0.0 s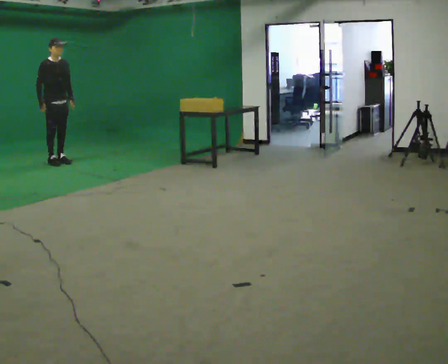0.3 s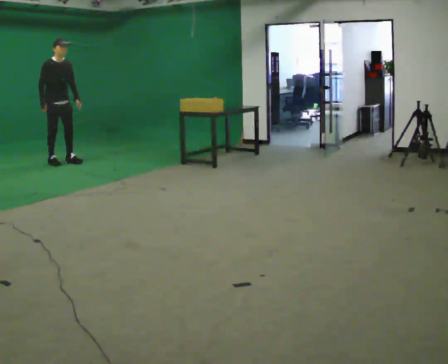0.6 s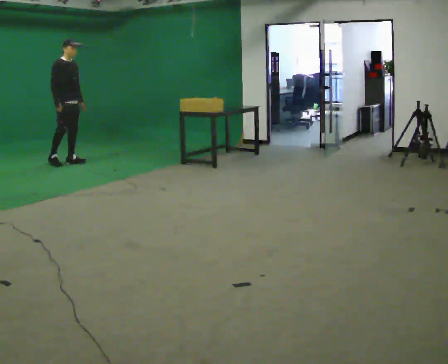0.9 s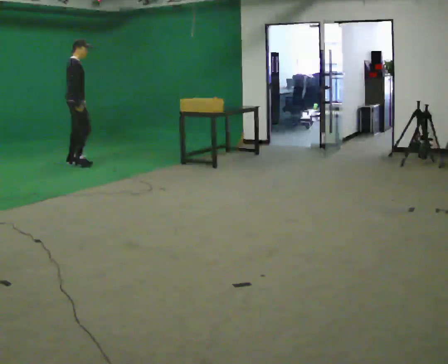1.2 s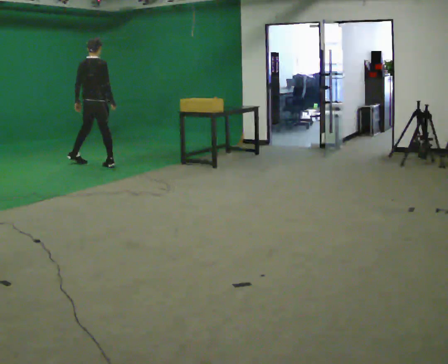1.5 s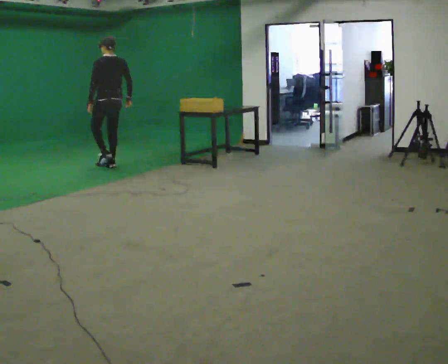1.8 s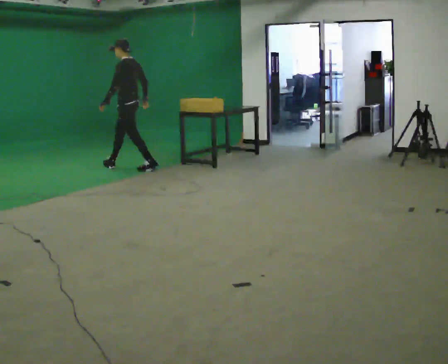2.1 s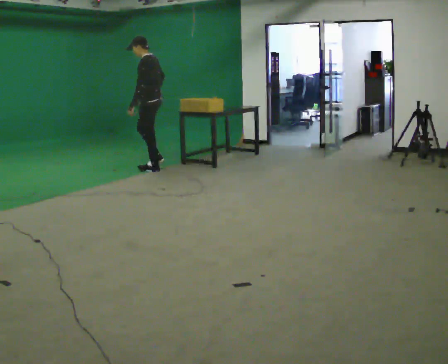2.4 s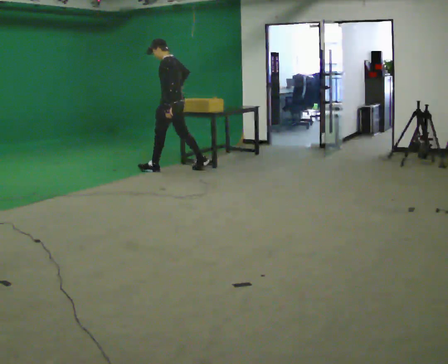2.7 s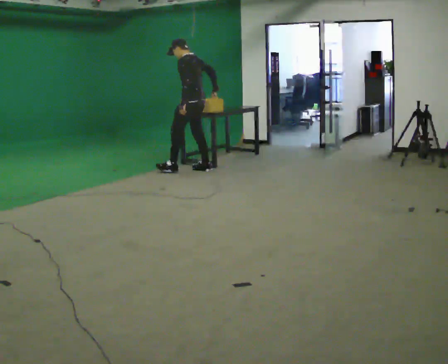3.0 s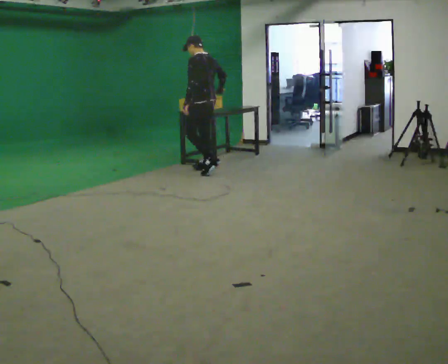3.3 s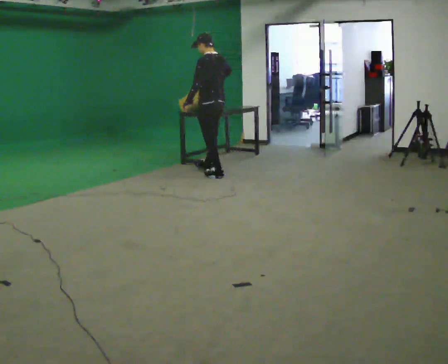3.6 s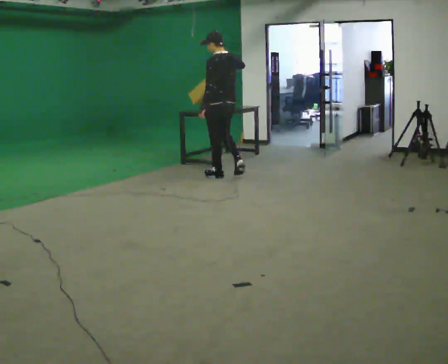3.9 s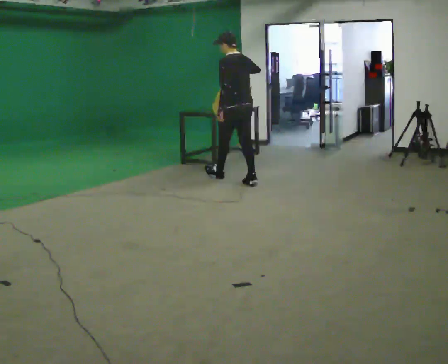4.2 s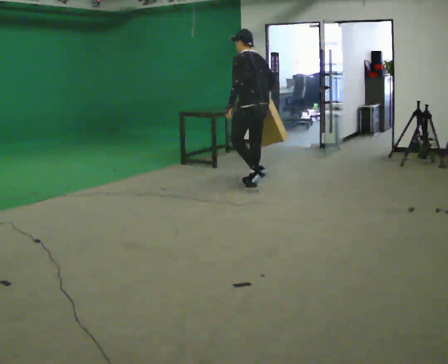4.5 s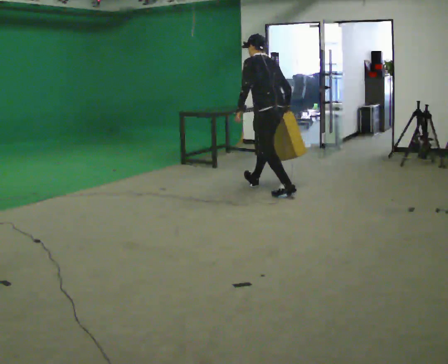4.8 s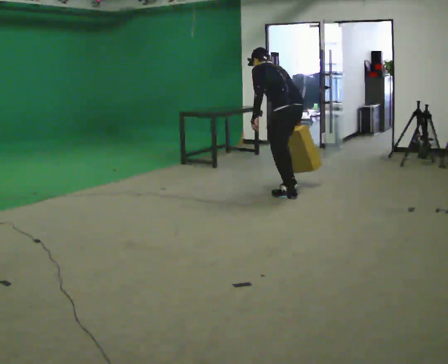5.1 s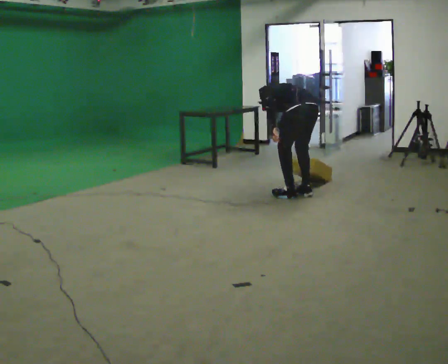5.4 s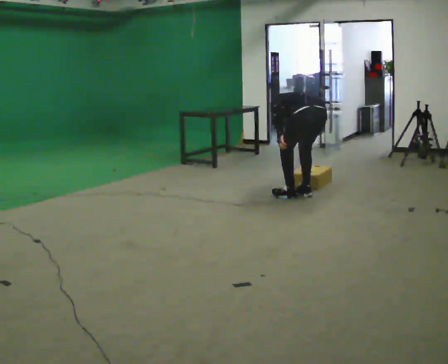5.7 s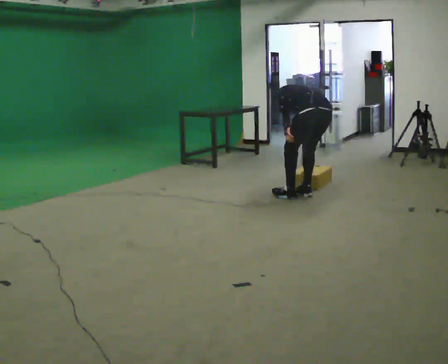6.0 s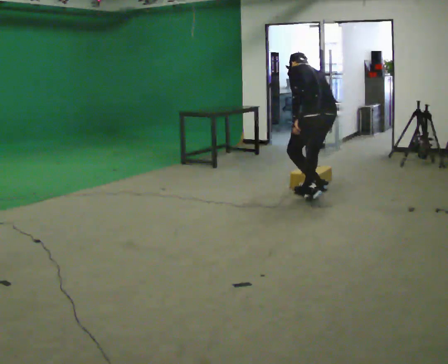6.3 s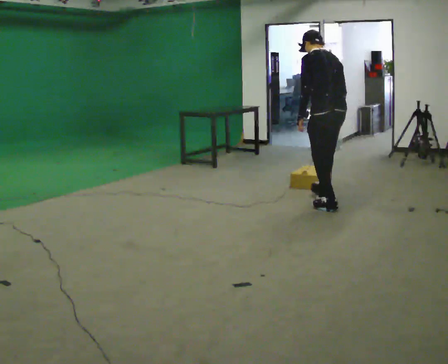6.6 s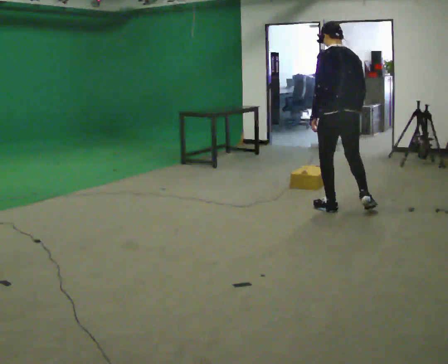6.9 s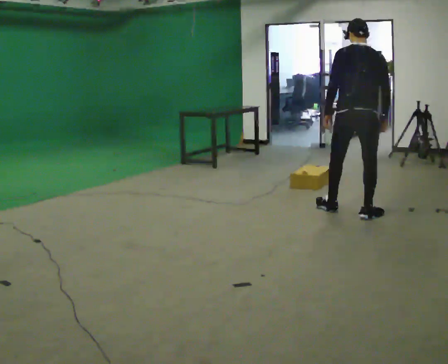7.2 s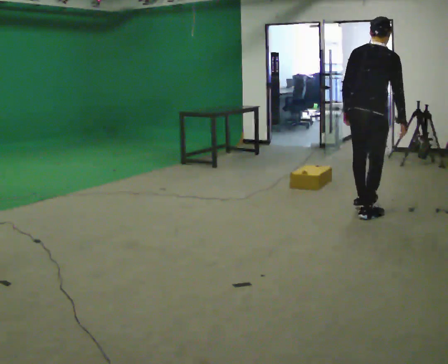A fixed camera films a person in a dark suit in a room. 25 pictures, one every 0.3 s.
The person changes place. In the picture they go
to the right.
0.0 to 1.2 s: The part of the body nearest the lens slides to the right as the person turns to their left by about 105 degrees. In the picture they go to the right, about 0.5 m in 3 steps.
1.2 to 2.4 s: Seen from above the body turns counterclockwise, about 105 degrees: to their left, with its near side sliding to the right. In the picture they go to the right, about 1 m in 1 step.
2.4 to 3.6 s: The part of the body nearest the lens slides to the left as the person turns to their right by about 30 degrees. In the picture they go to the right and toward the camera, about 1 m in 2 steps, which for them is backward.
3.6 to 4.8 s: In the picture they go toward the camera and to the right, about 1 m in 2 steps, which for them is backward. The upper body tips away from the camera, its near side rolling upward, as they bend forward. In the picture their right hand goes downward.
4.8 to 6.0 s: In the picture they go to the right and toward the camera, about 0.5 m in 1 step, which for them is backward.
6.0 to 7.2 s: Seen from above the body turns clockwise, about 75 degrees: to their right, with its near side sliding to the left. In the picture they go toward the camera and to the right, about 0.5 m in 2 steps. The upper body goes upward. The upper body tips toward the camera, its near side rolling downward, as they lean back or straighten.
The film runs backward here.
